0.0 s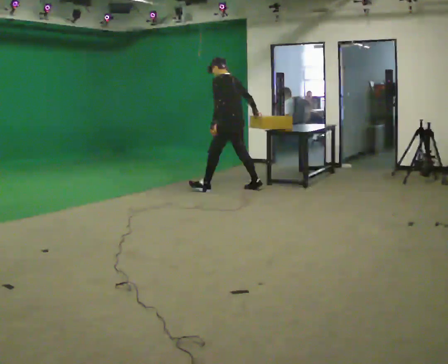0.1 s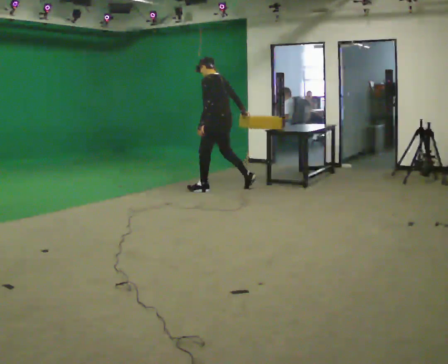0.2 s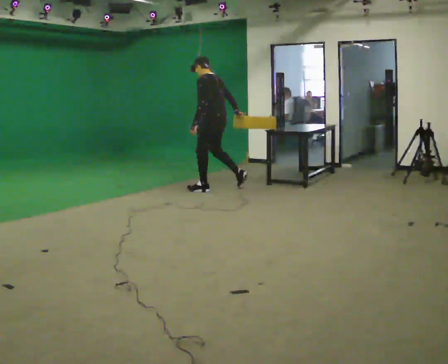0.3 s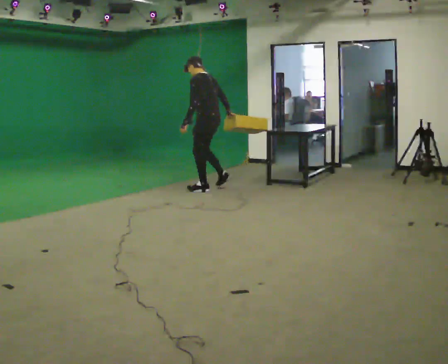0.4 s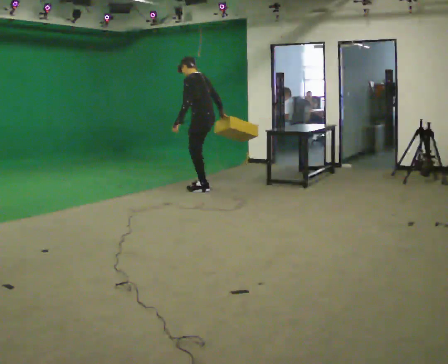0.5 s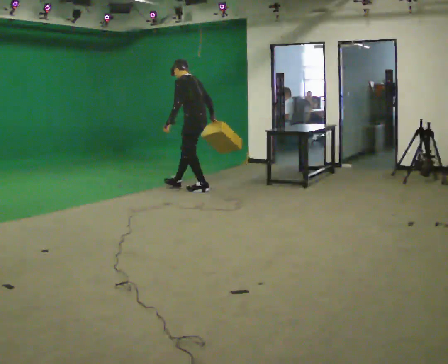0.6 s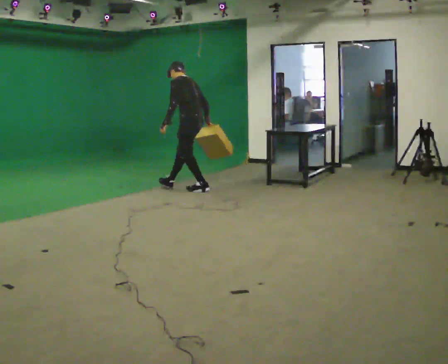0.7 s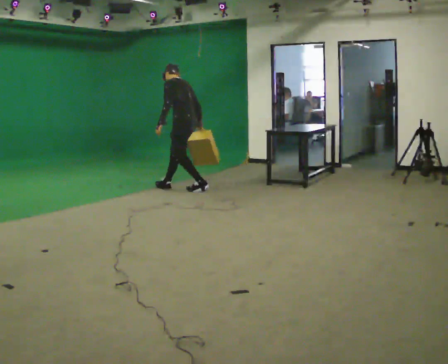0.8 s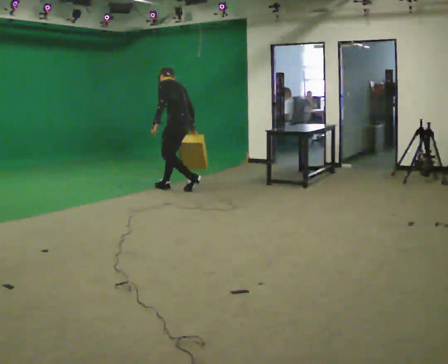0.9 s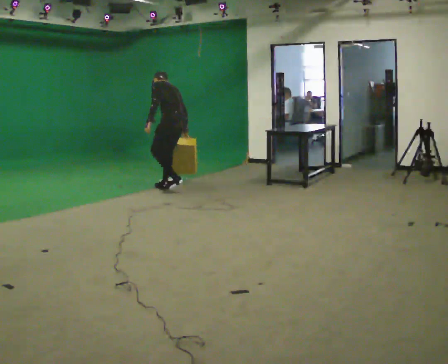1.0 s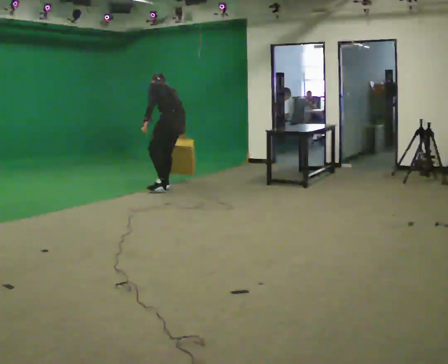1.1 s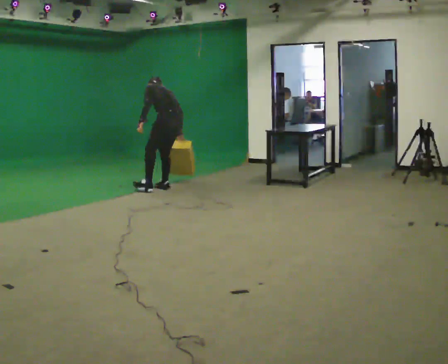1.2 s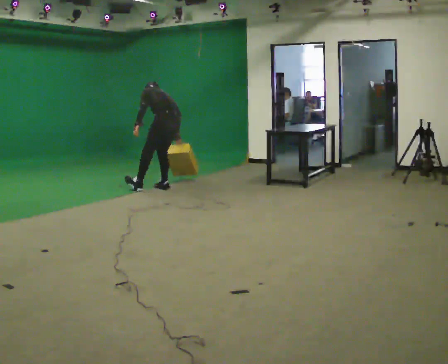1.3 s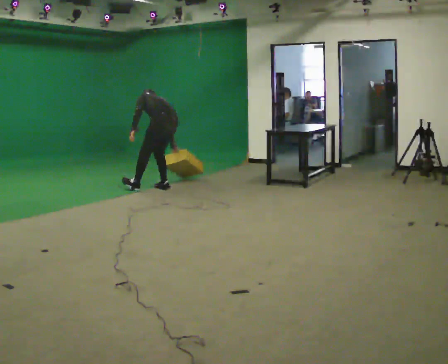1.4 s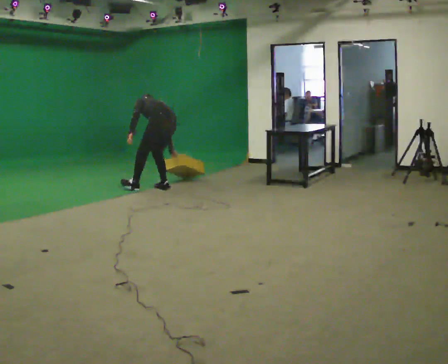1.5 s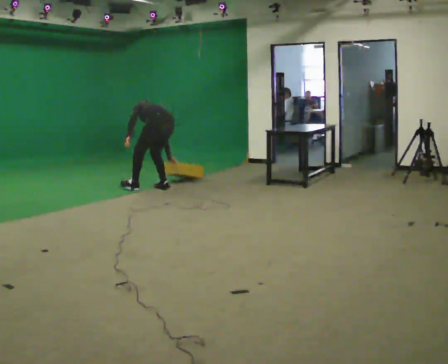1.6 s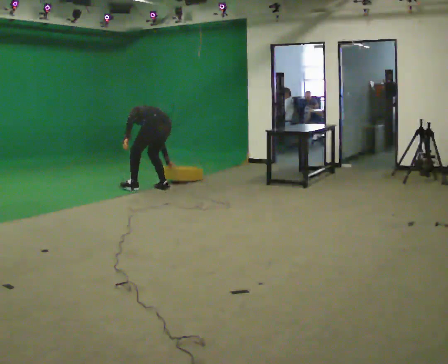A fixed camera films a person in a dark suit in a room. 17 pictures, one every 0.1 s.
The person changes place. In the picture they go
to the left.
Their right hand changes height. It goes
downward.
0.0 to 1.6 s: In the picture they go to the left, about 1 m in 2 steps, which for them is forward and to their left. The upper body goes downward. The upper body tips away from the camera, its near side rolling upward, as they bend forward.
The film runs forward here.
